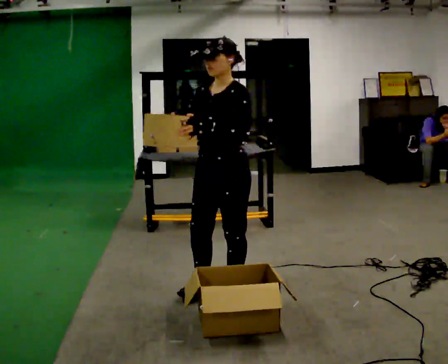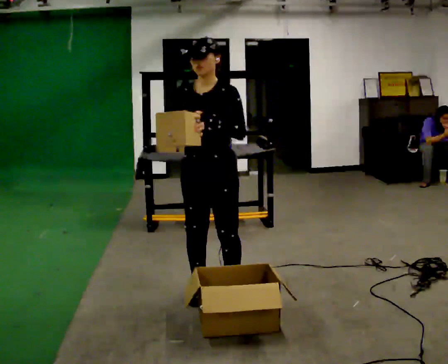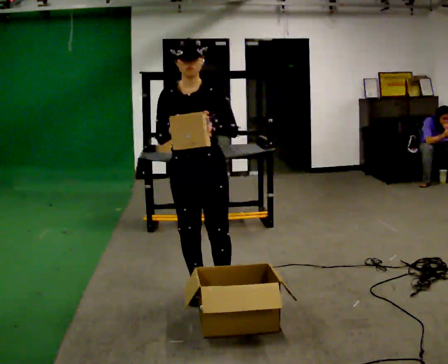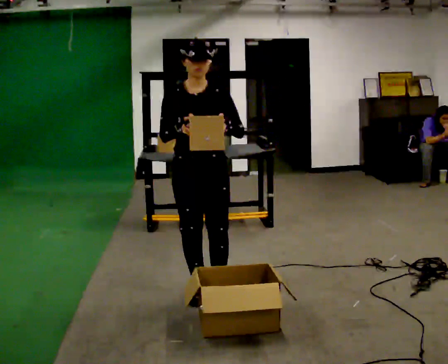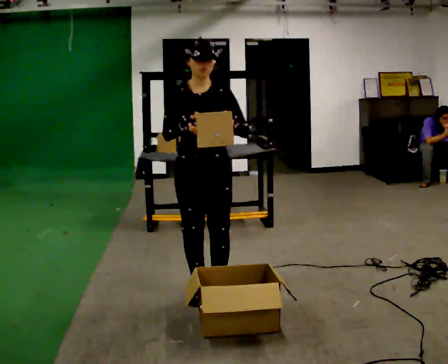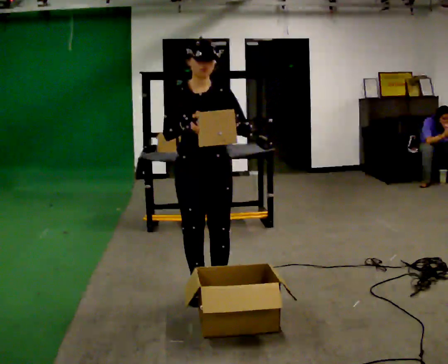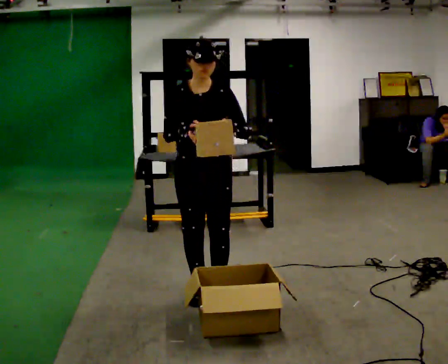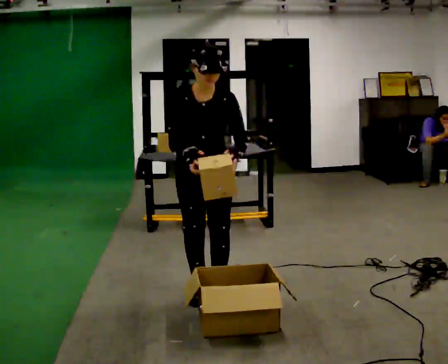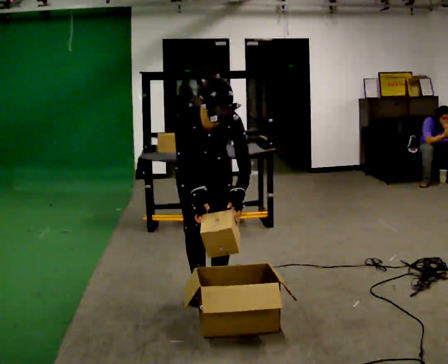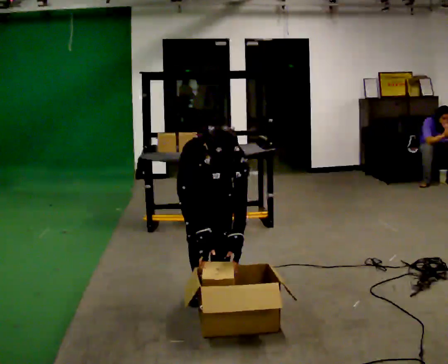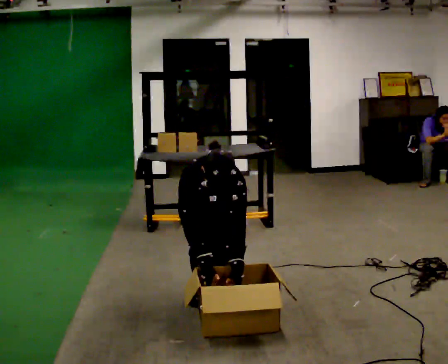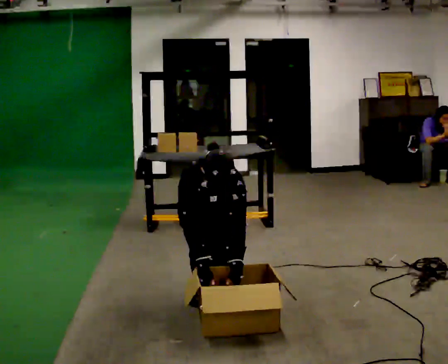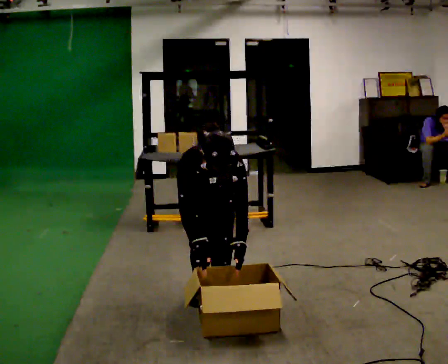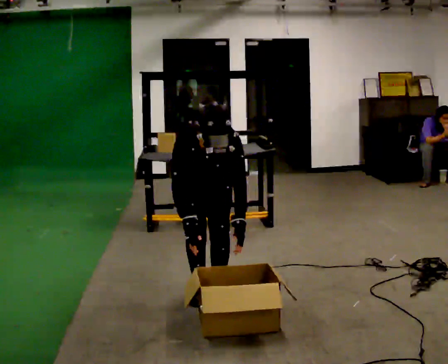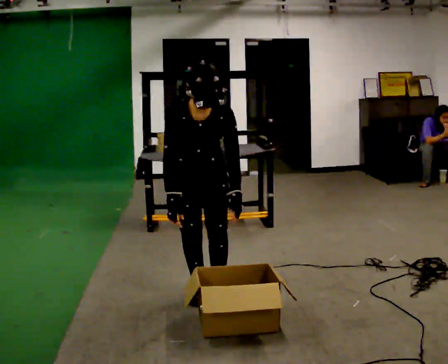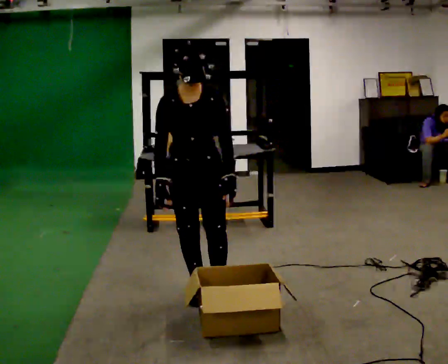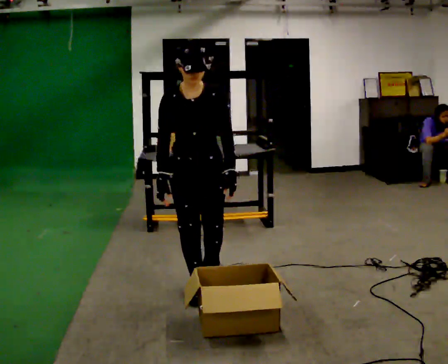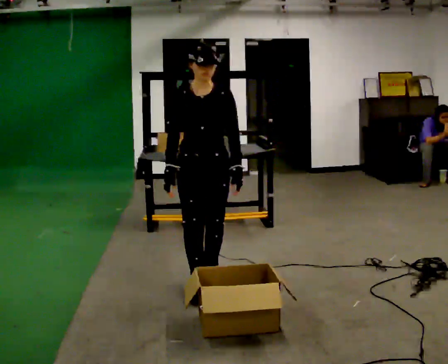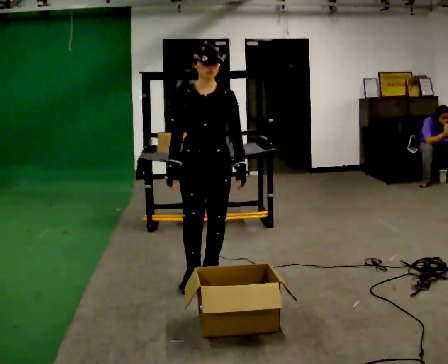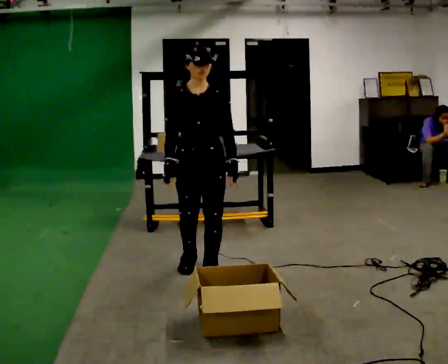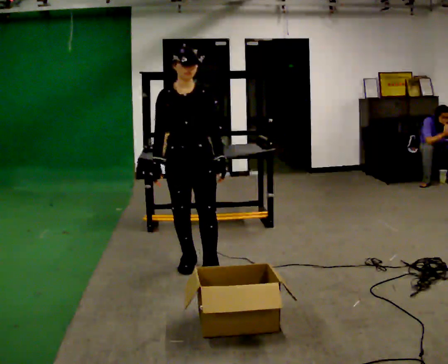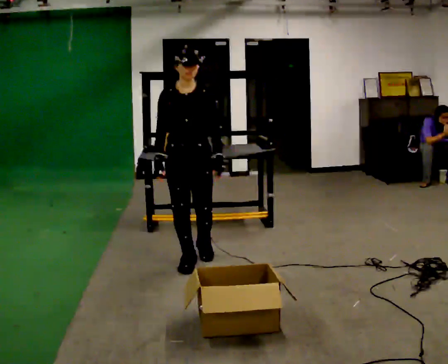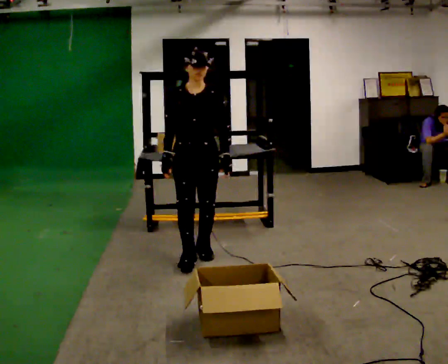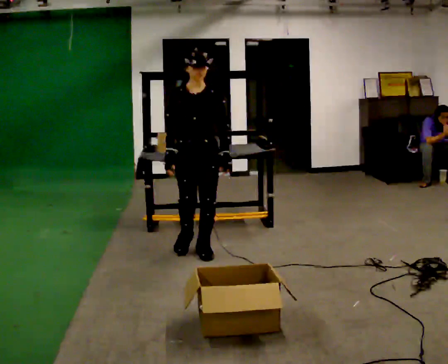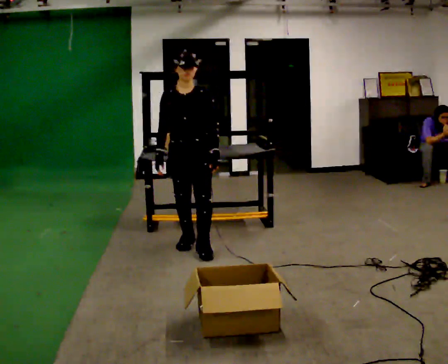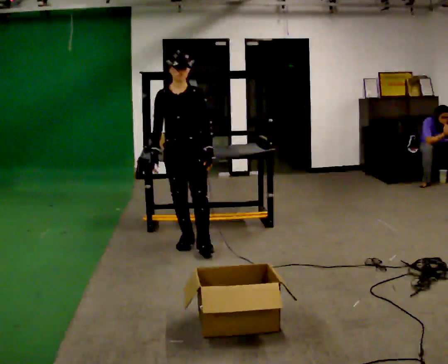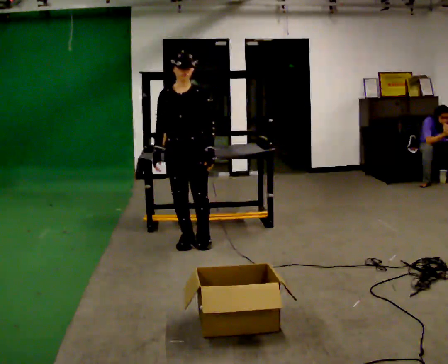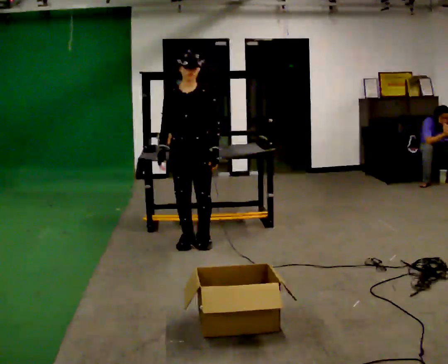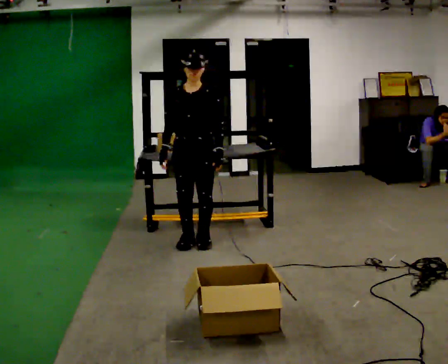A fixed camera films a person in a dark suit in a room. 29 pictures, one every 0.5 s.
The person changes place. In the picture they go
away from the camera.
0.0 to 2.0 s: Seen from above the body turns counterclockwise, about 45 degrees: to their left, with its near side sliding to the right.
2.0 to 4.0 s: The upper body tips toward the camera, its near side rolling downward, as they bend forward. In the picture their right hand goes downward.
4.0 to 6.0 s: The upper body tips toward the camera, its near side rolling downward, as they bend forward. In the picture their left hand goes downward.
6.0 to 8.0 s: The shoulders move upward. The upper body tips away from the camera, its near side rolling upward, as they lean back or straighten. In the picture their right hand goes upward.
8.0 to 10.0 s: In the picture they go away from the camera, about 0.5 m in 1 step, which for them is backward.
10.0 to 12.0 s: In the picture they go away from the camera, about 0.5 m in 2 steps, which for them is backward.
12.0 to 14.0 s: The person moves a little, or ends about where they began.
The film runs backward here.
